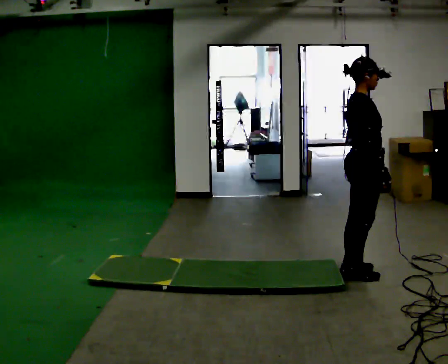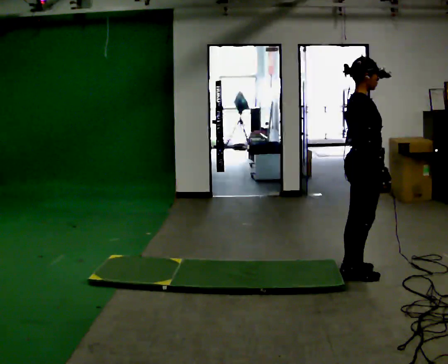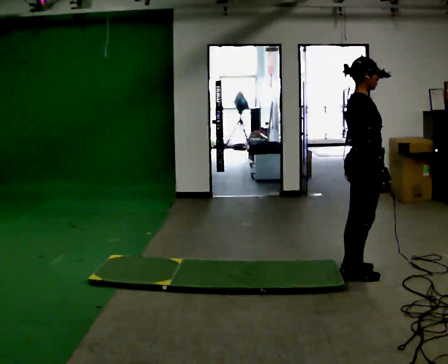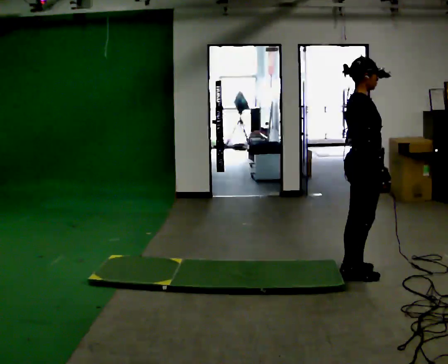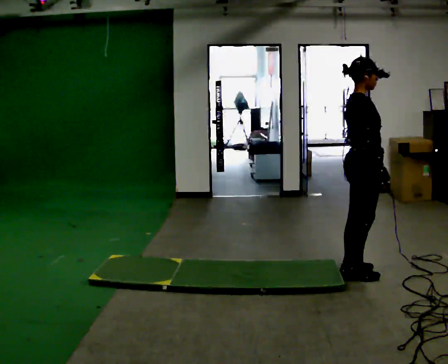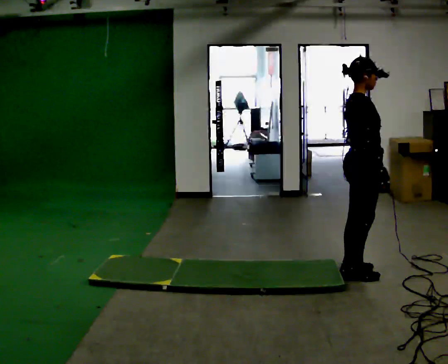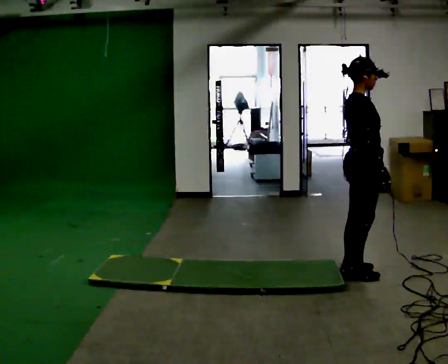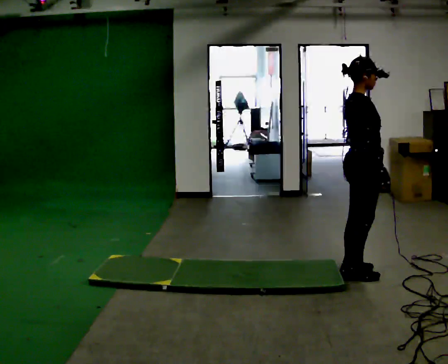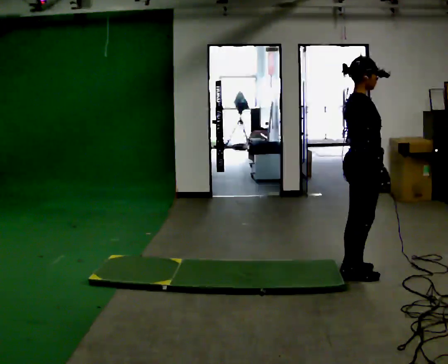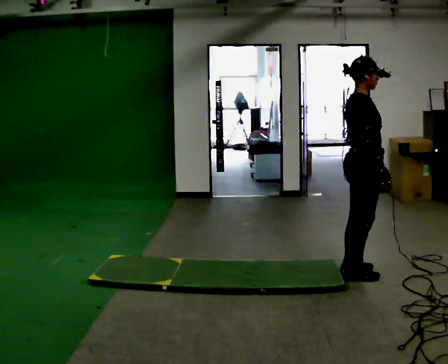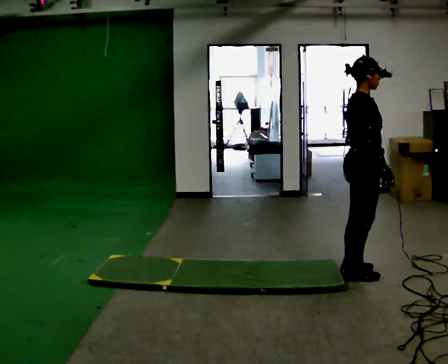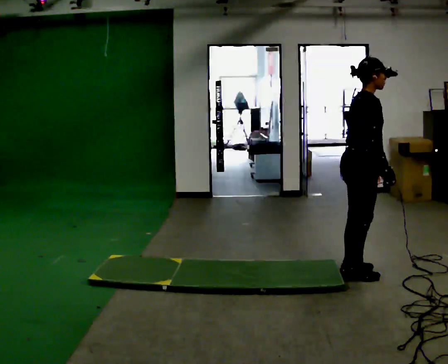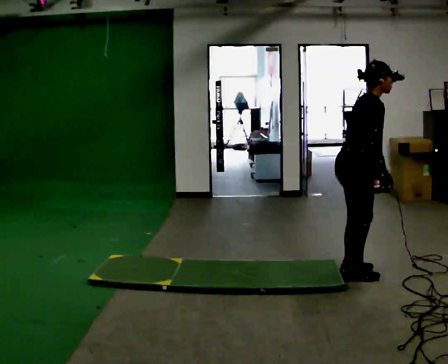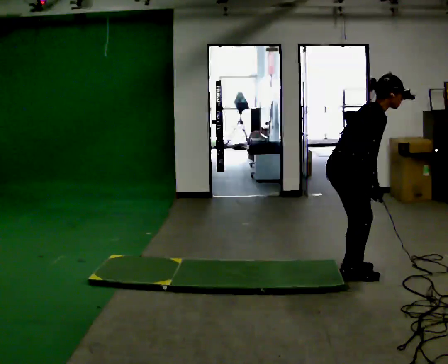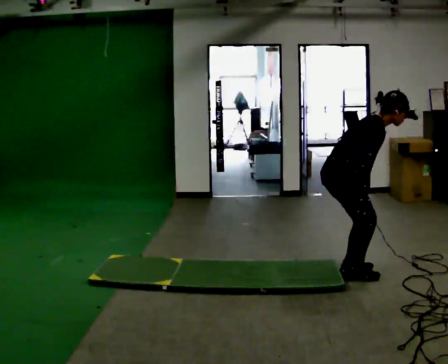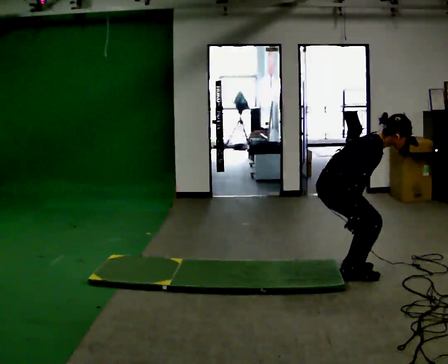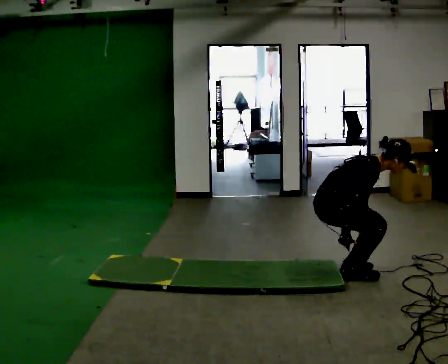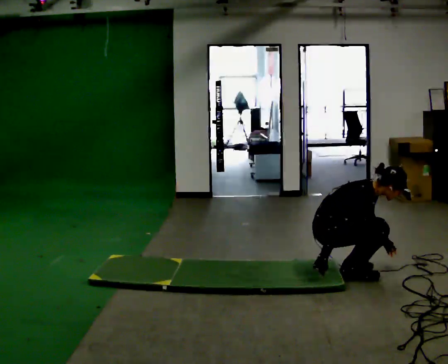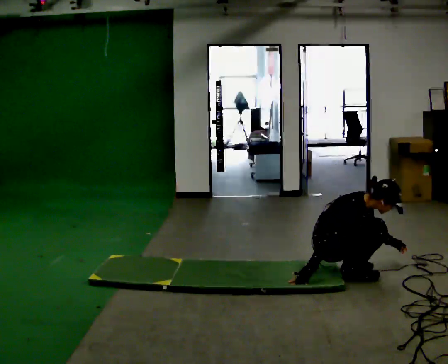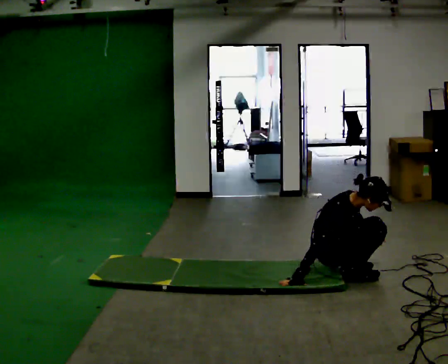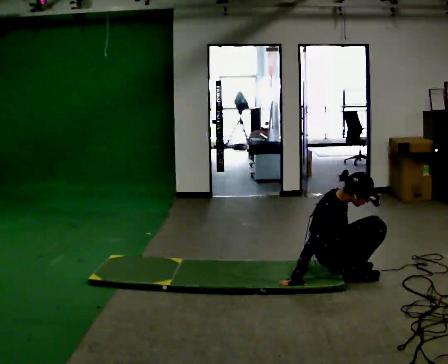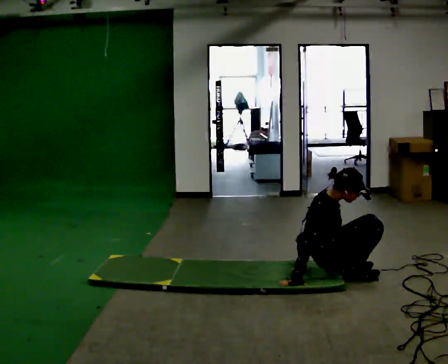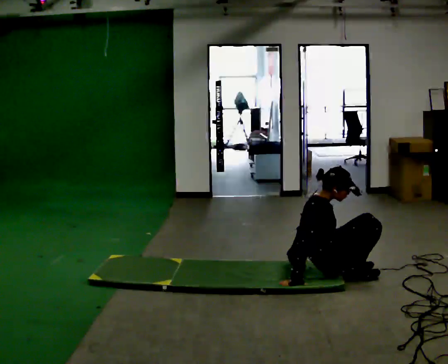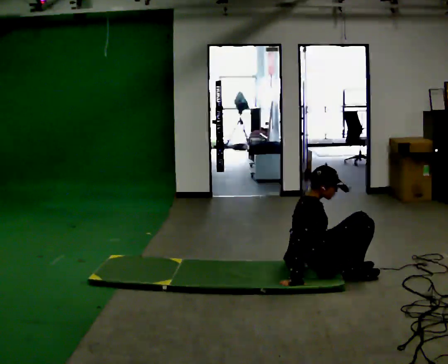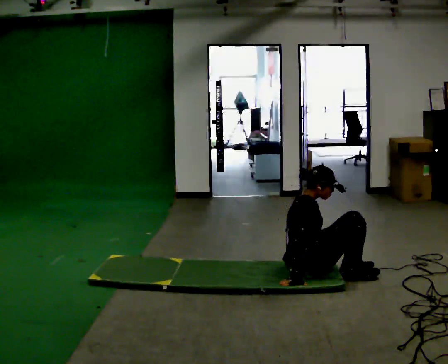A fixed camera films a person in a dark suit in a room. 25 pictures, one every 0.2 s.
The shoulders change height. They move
downward.
Their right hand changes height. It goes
downward.
0.0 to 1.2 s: The person keeps their place and pose.
1.2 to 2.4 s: In the picture the upper body tilts clockwise, shoulders to the right, as they bend forward.
2.4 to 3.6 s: In the picture they go to the left, about 0.25 m, which for them is backward. The upper body goes downward. In the picture their right hand goes downward and to the left, the arm swinging clockwise.
3.6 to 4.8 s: In the picture the upper body tilts counterclockwise, shoulders to the left, as they lean back or straighten. In the picture their left hand goes to the left.
The film runs backward here.
